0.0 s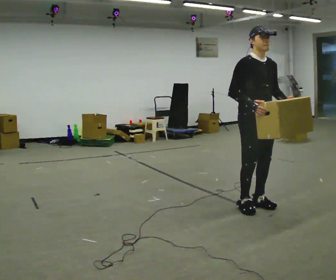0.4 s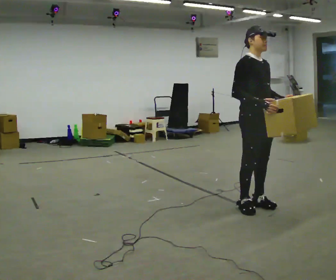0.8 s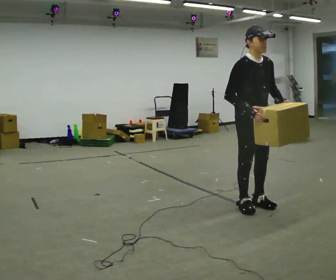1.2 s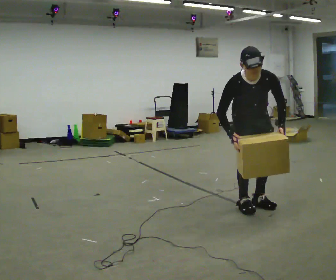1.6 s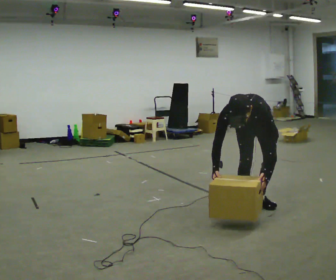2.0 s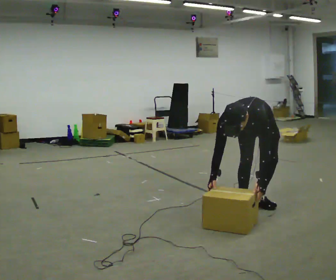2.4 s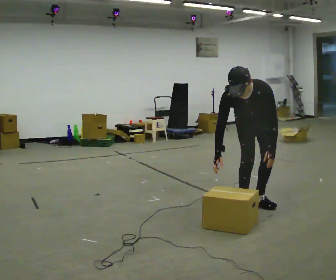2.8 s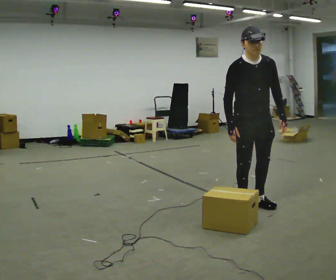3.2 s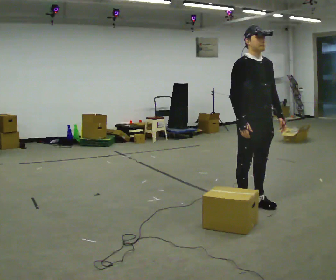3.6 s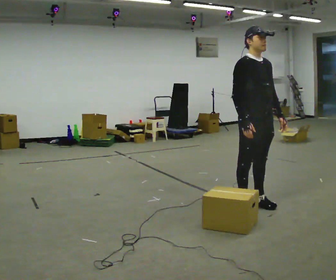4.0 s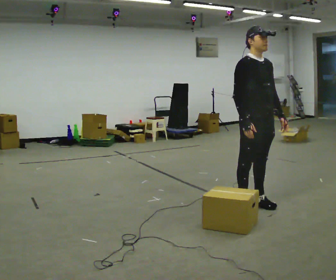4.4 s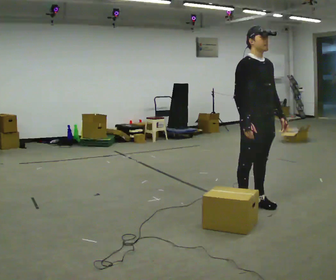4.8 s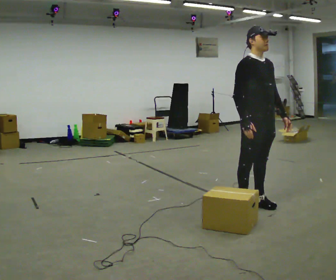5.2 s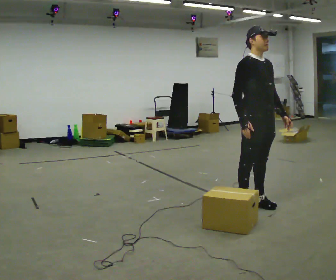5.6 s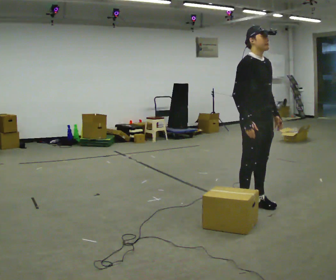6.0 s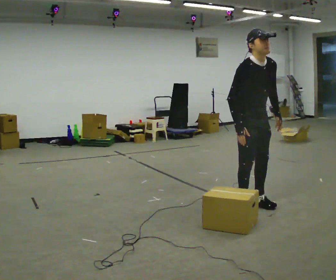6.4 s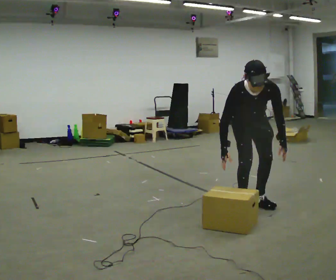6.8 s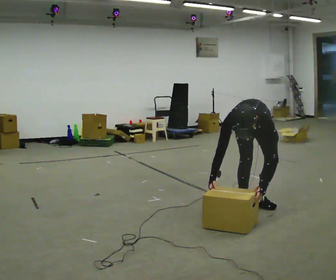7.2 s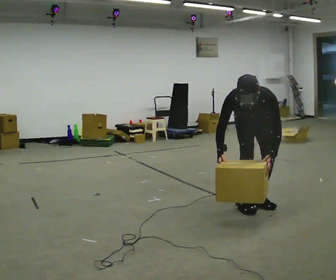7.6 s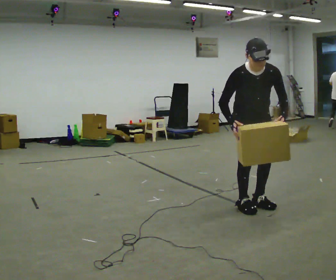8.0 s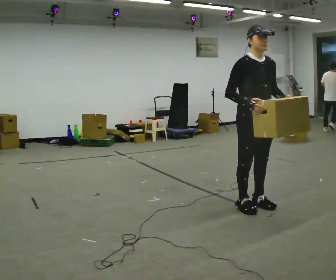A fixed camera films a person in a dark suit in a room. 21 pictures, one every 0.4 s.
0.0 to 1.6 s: The person turns about 30 degrees to their right, clockwise seen from above, so the part of the body nearest the lens slides to the left. The shoulders move downward. The upper body tips toward the camera, its near side rolling downward, as they bend forward. In the picture their right hand goes downward.
1.6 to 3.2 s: The part of the body nearest the lens slides to the right as the person turns to their left by about 30 degrees. In the picture they go toward the camera, about 0.25 m, which for them is forward. The upper body goes upward. The upper body tips away from the camera, its near side rolling upward, as they lean back or straighten. In the picture their left hand goes upward.
3.2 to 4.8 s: The person moves a little, or ends about where they began.
4.8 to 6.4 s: The part of the body nearest the lens slides to the left as the person turns to their right by about 30 degrees. In the picture they go away from the camera, about 0.25 m, which for them is backward. The upper body goes downward. The upper body tips toward the camera, its near side rolling downward, as they bend forward.
6.4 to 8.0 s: In the picture their right hand goes upward.
The film runs backward here.
